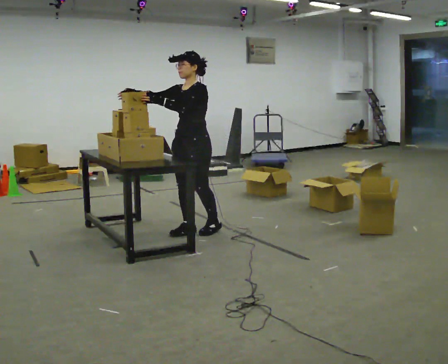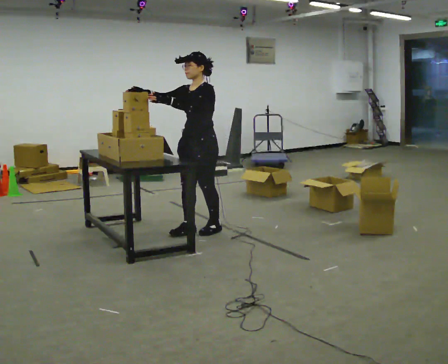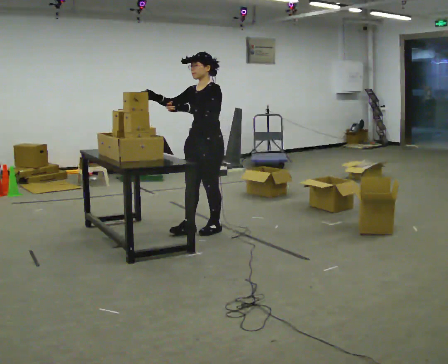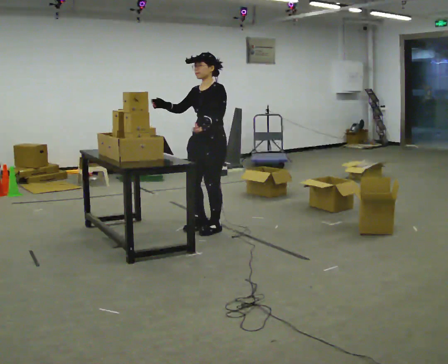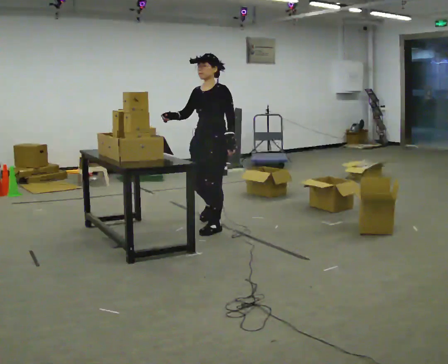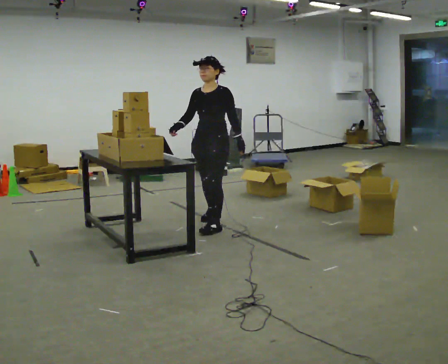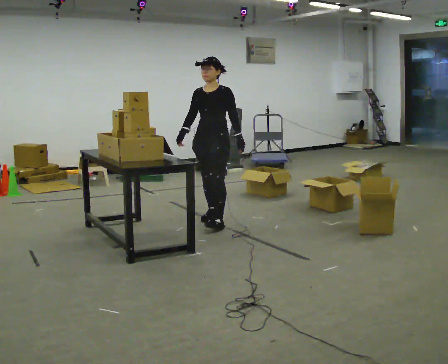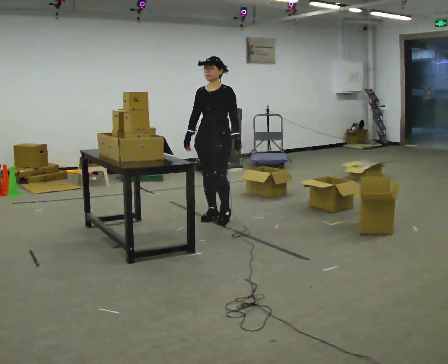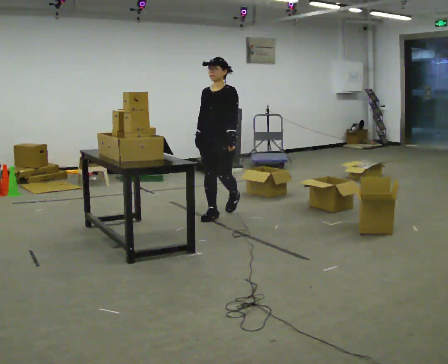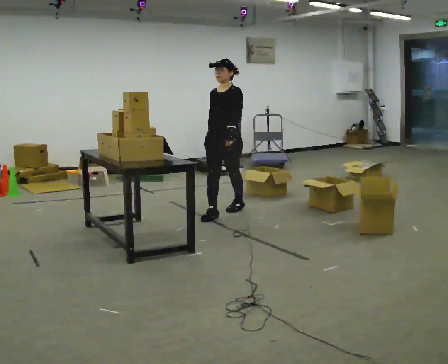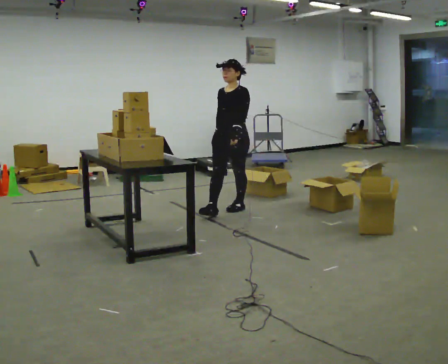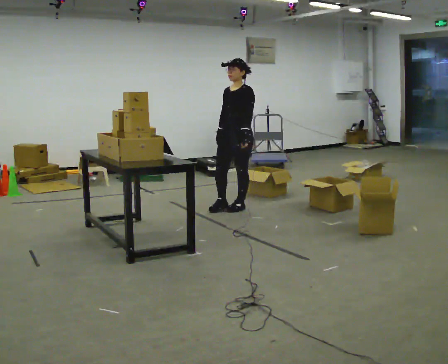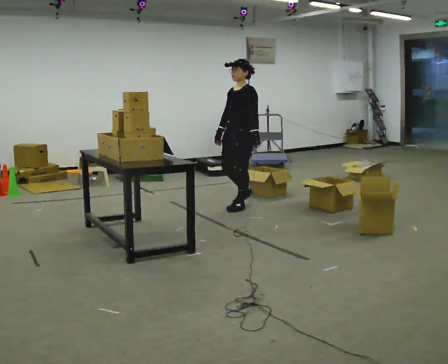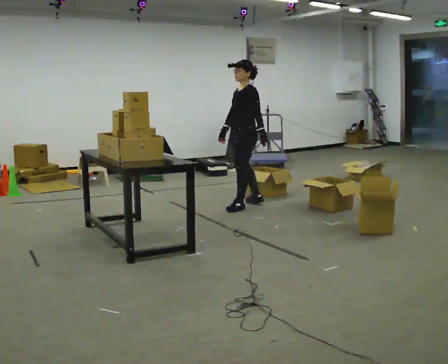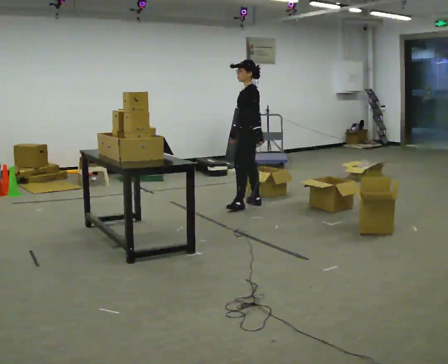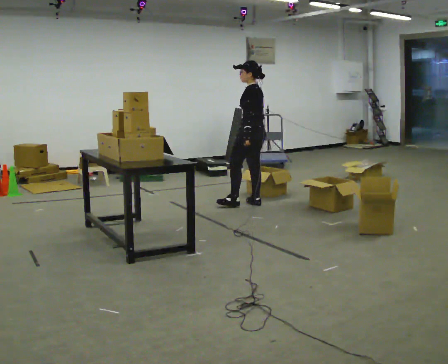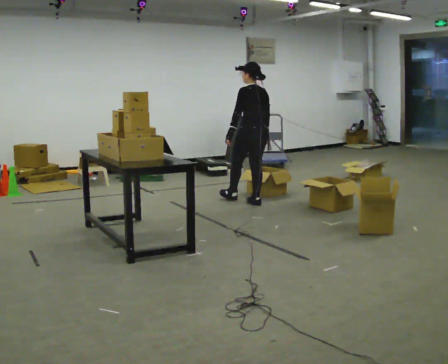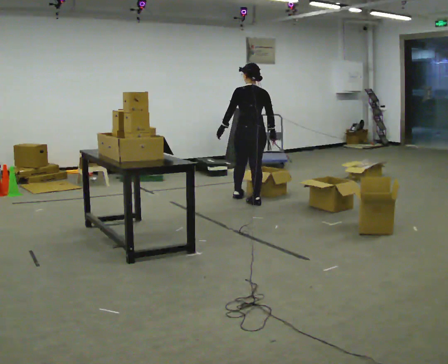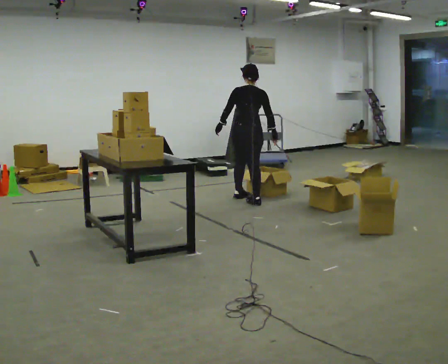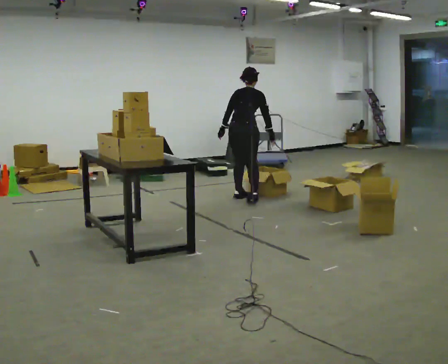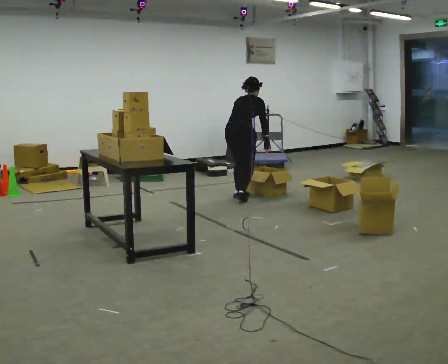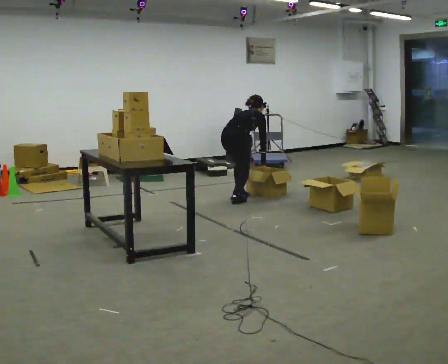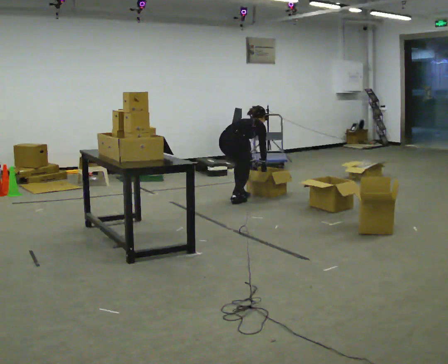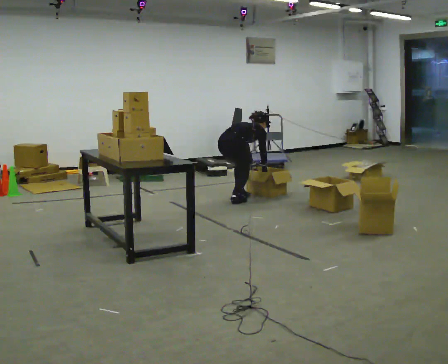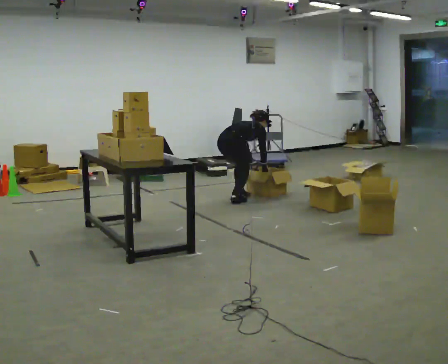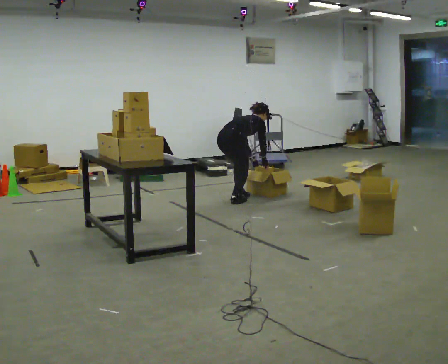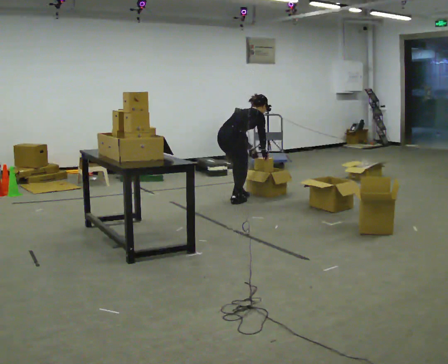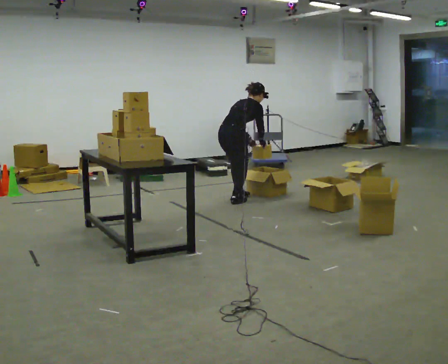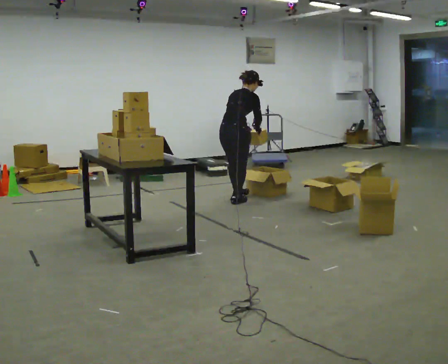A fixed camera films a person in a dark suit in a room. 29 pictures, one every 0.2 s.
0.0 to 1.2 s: In the picture they go away from the camera, about 0.5 m in 2 steps, which for them is backward and to their right. In the picture their left hand goes downward.
1.2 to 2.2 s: In the picture they go away from the camera and to the right, about 0.5 m in 1 step, which for them is backward.
2.2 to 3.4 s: Seen from above the body turns clockwise, about 135 degrees: to their right, with its near side sliding to the left. In the picture they go away from the camera and to the right, about 0.5 m in 1 step.
3.4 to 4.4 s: The part of the body nearest the lens slides to the left as the person turns to their right by about 45 degrees. In the picture they go to the left, about 0.25 m in 1 step, which for them is to their left. The shoulders move downward. The upper body tips away from the camera, its near side rolling upward, as they bend forward. In the picture their left hand goes downward and to the right.
4.4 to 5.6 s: The shoulders move upward. The upper body tips toward the camera, its near side rolling downward, as they lean back or straighten. In the picture their right hand goes upward.
The film runs backward here.
